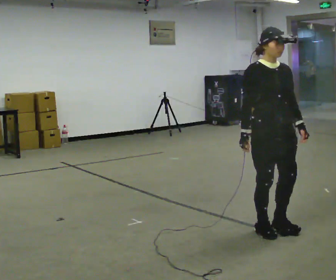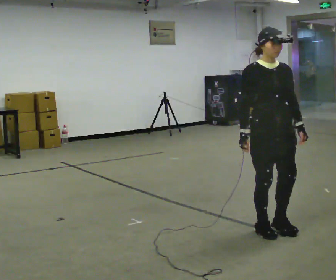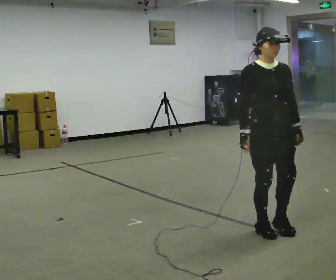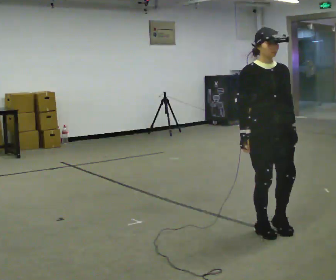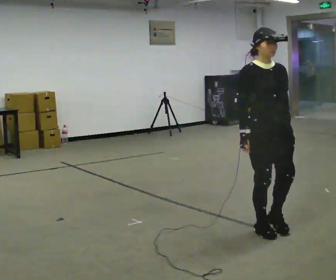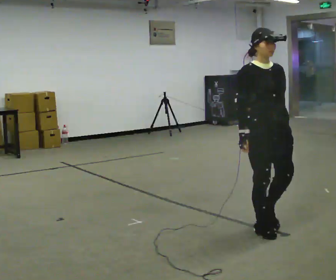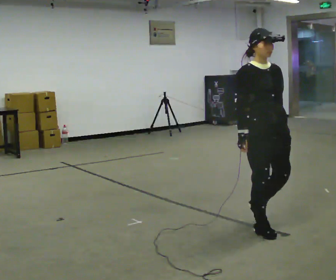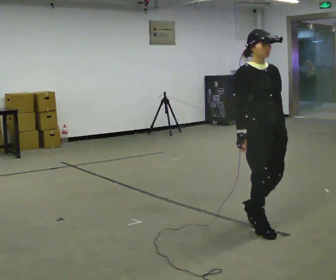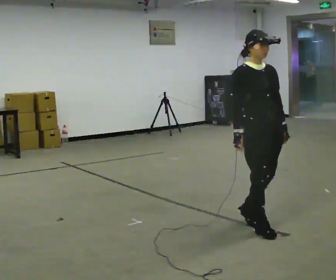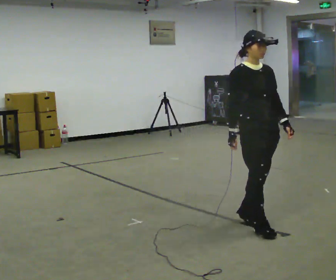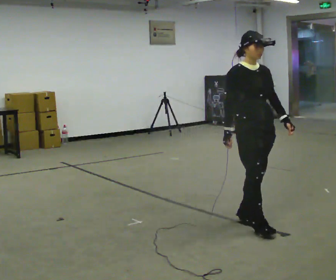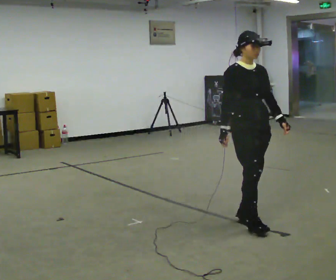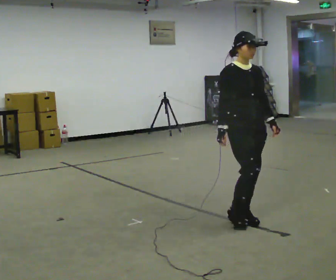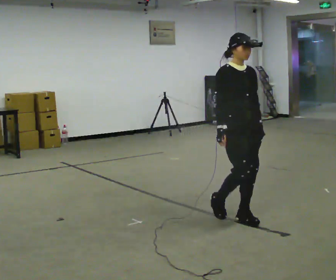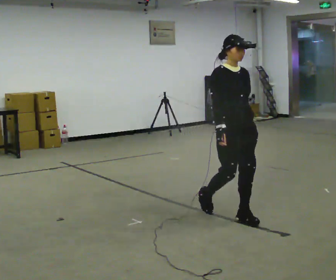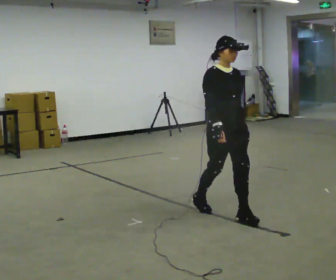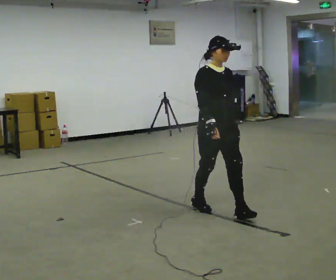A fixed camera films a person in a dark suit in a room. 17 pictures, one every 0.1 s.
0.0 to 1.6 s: In the picture they go away from the camera and to the left, about 0.75 m in 3 steps, which for them is backward.
The film runs backward here.
